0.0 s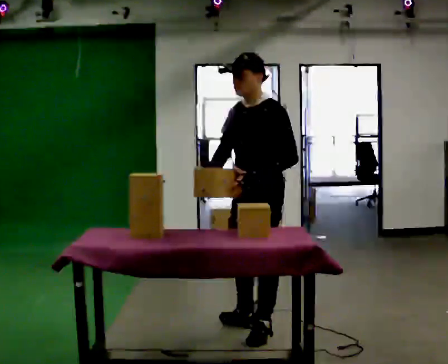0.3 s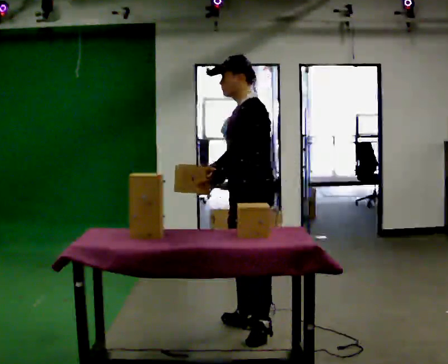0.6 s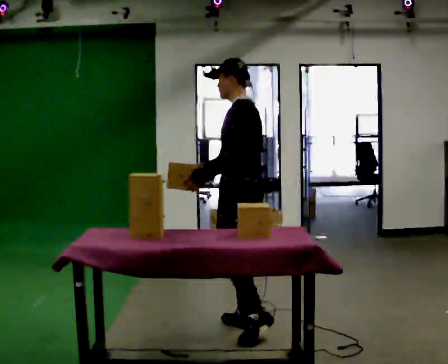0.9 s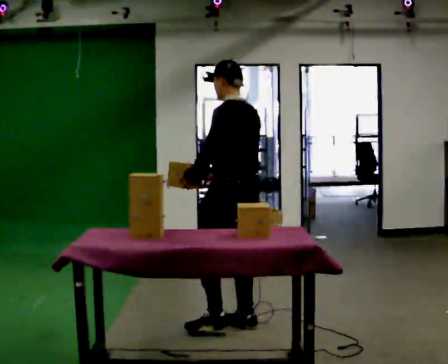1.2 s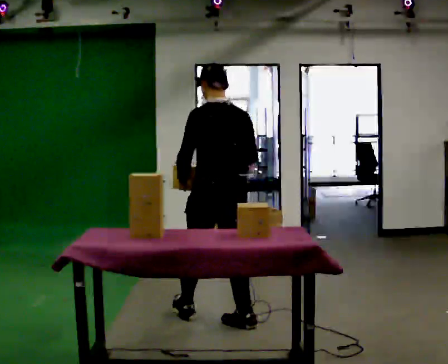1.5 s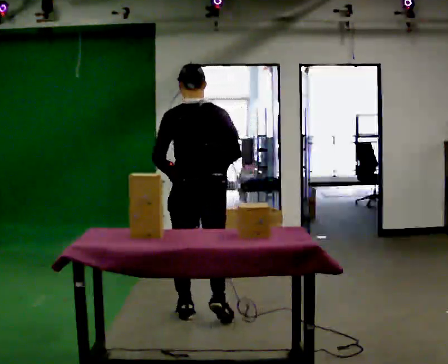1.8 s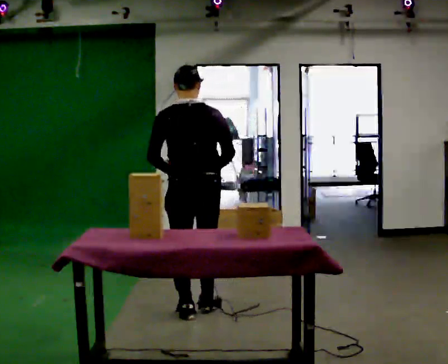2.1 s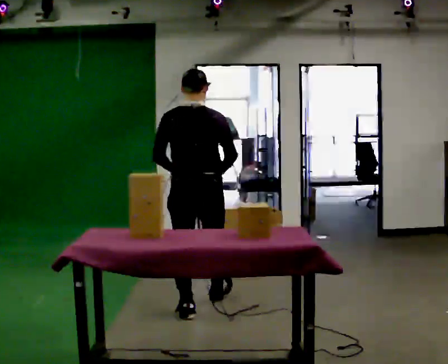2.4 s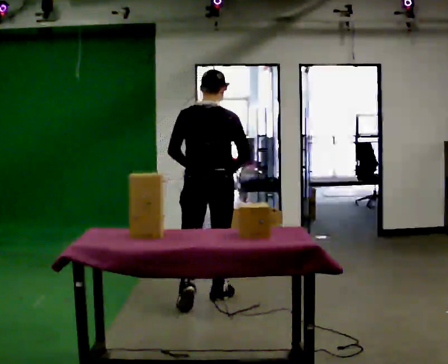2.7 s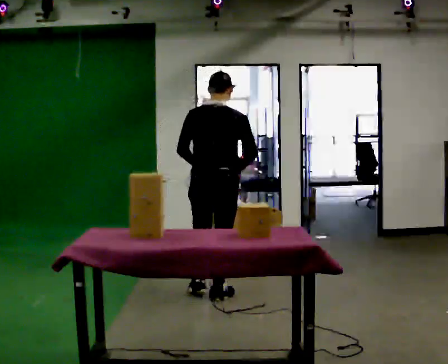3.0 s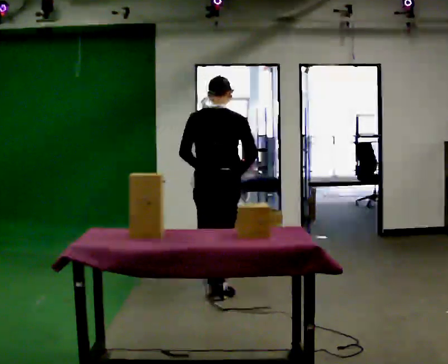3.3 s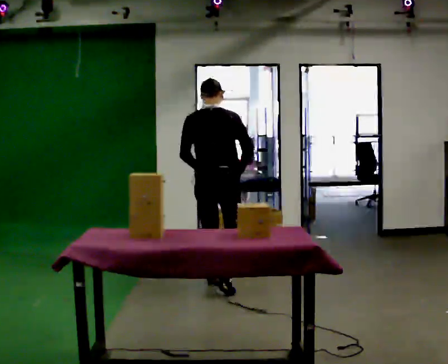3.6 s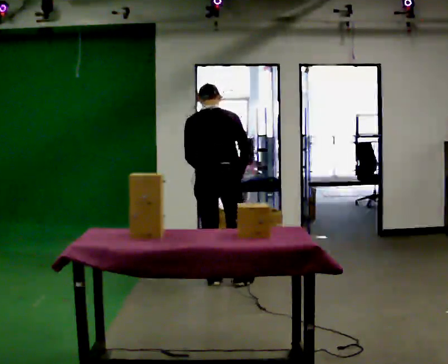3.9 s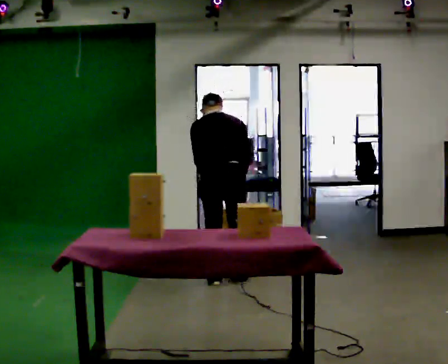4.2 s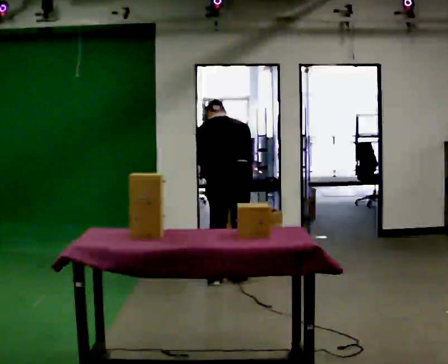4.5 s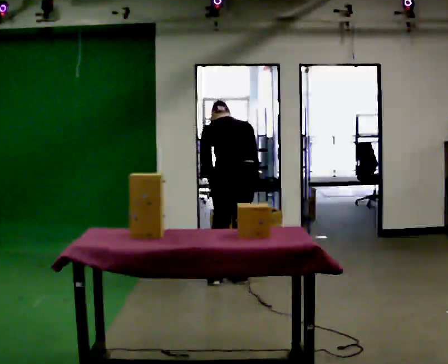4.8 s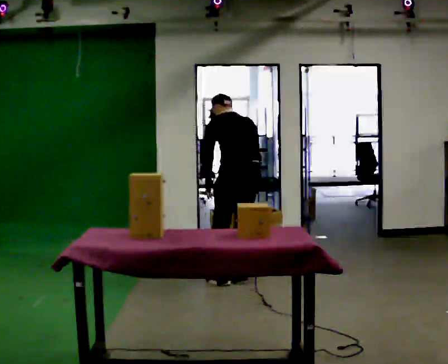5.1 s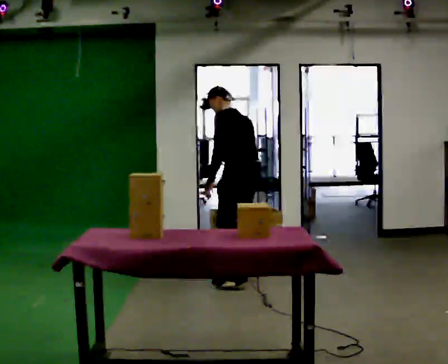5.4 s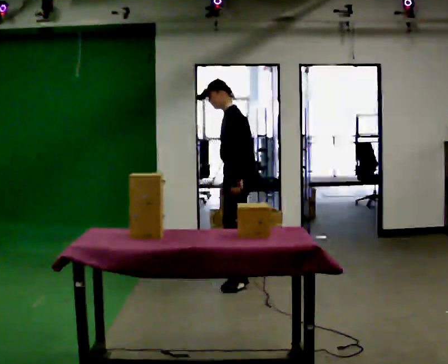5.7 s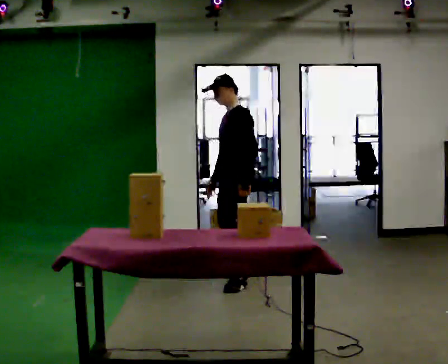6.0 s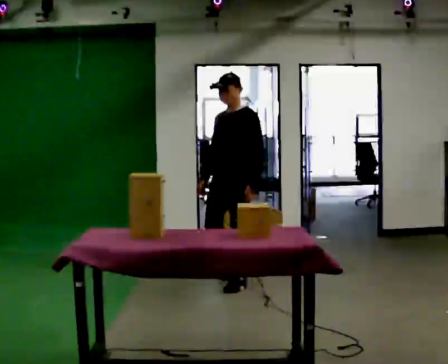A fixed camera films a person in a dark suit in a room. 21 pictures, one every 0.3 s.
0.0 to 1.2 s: The part of the body nearest the lens slides to the left as the person turns to their right by about 90 degrees. In the picture they go to the left and away from the camera, about 0.25 m in 1 step.
1.2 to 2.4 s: The person turns about 30 degrees to their right, clockwise seen from above, so the part of the body nearest the lens slides to the left. In the picture they go away from the camera, about 0.5 m in 1 step, which for them is forward.
2.4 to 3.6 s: In the picture they go away from the camera, about 0.5 m in 1 step, which for them is forward. The upper body tips away from the camera, its near side rolling upward, as they bend forward.
3.6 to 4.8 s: The person turns about 30 degrees to their left, counterclockwise seen from above, so the part of the body nearest the lens slides to the right. In the picture they go to the right, about 0.25 m in 1 step, which for them is to their right.
4.8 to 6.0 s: The person turns about 105 degrees to their left, counterclockwise seen from above, so the part of the body nearest the lens slides to the right. The upper body tips toward the camera, its near side rolling downward, as they lean back or straighten. In the picture their left hand goes to the right, the arm swinging counterclockwise.
The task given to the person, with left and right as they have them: Clear everything off the table and put it away on the shelf, in as many trips as you need. Keep going until the operator says stop; one object at a time, and do not rush between trips.
The film runs forward here.
